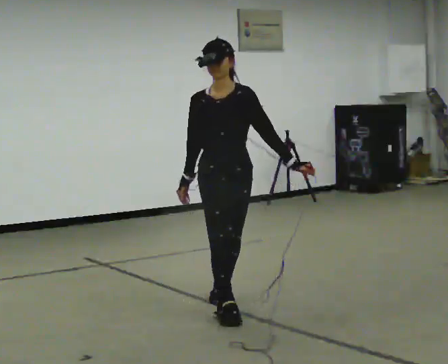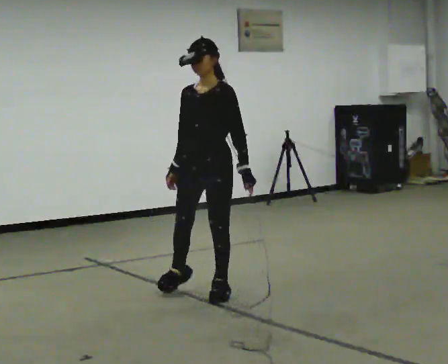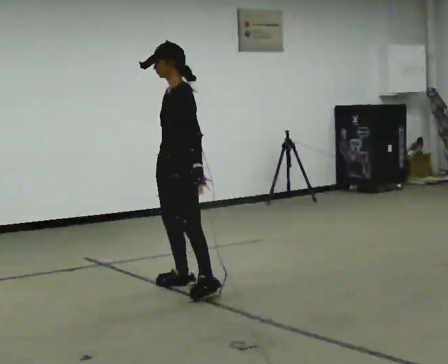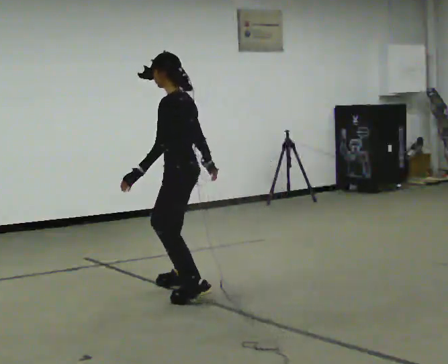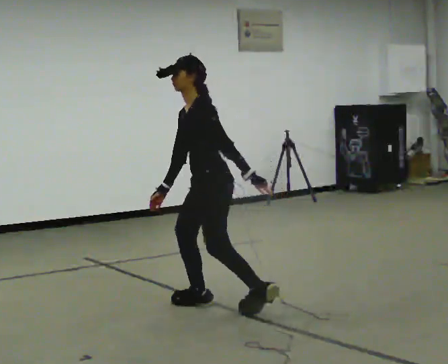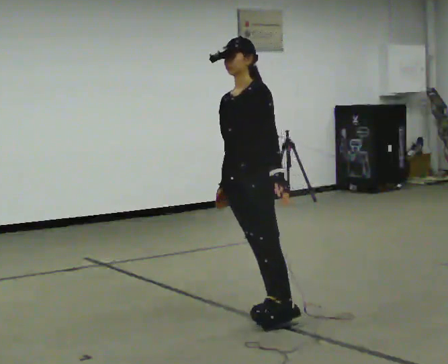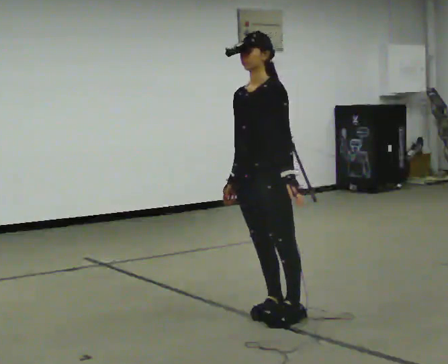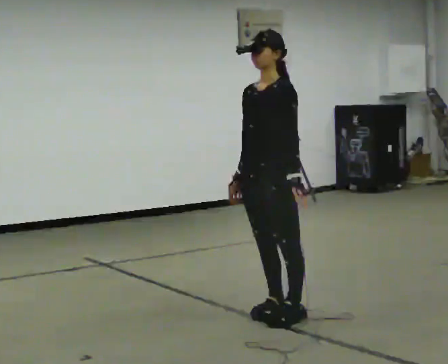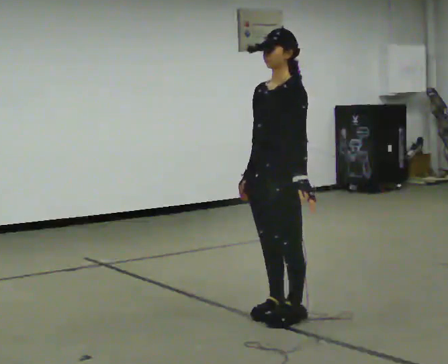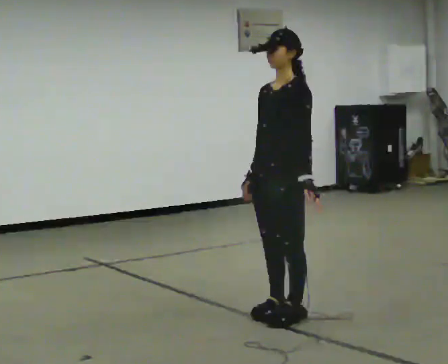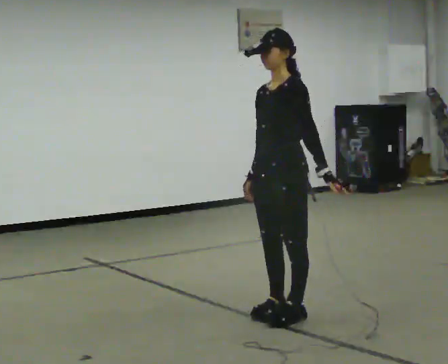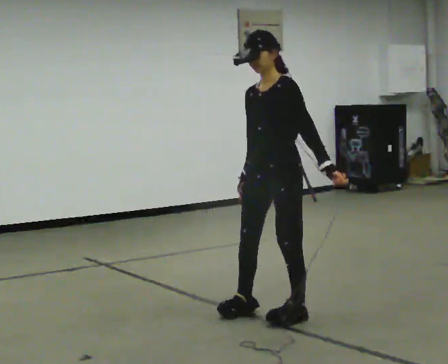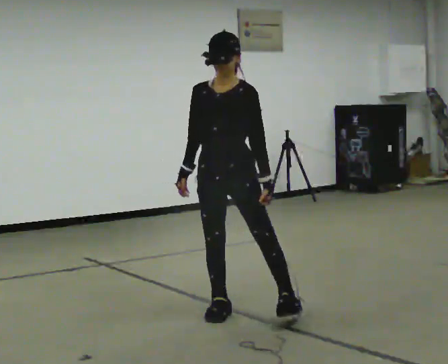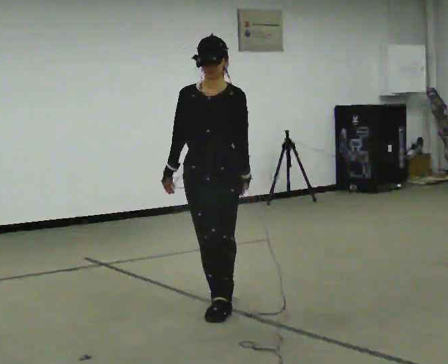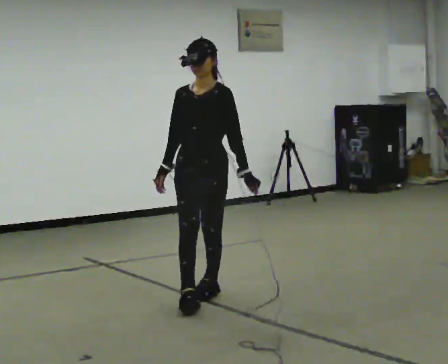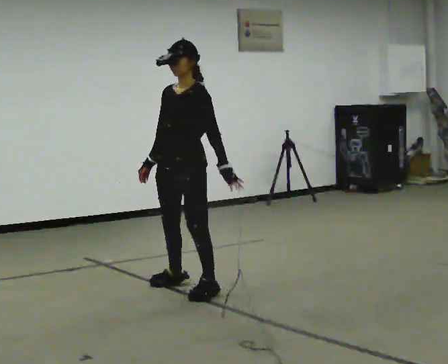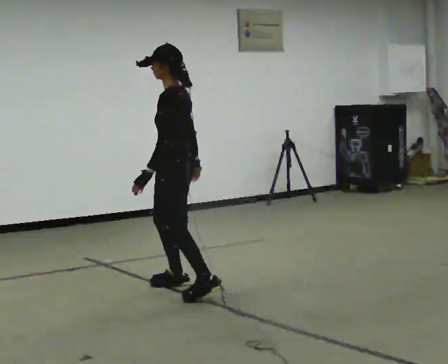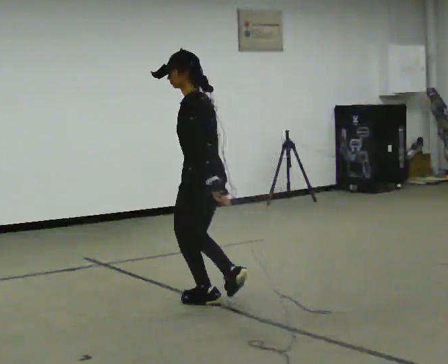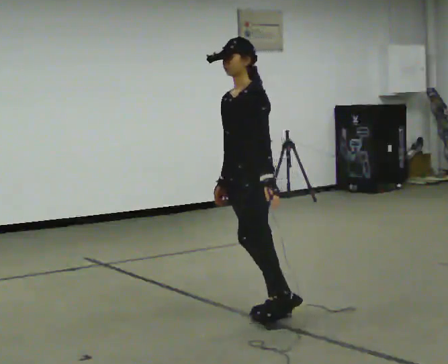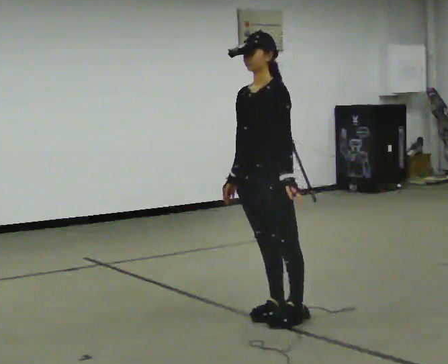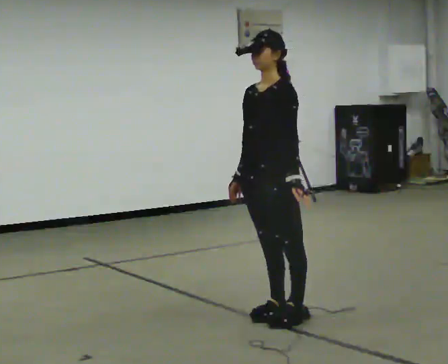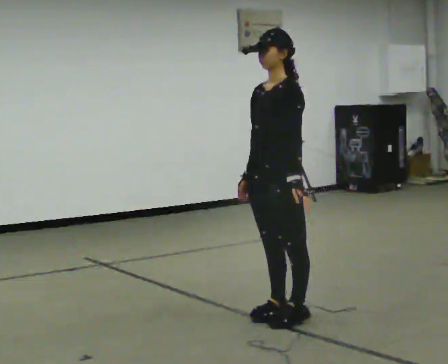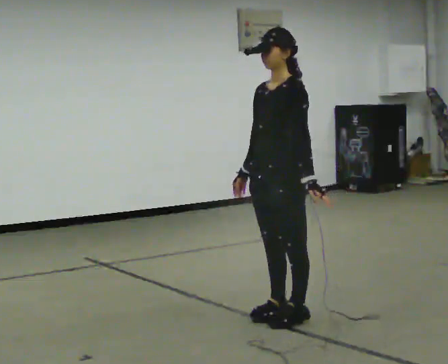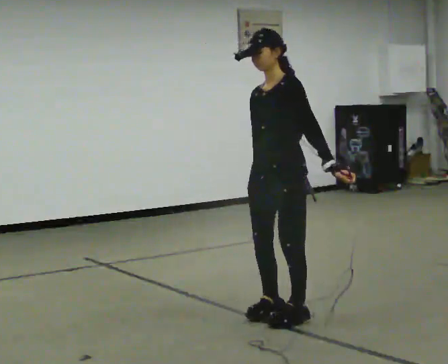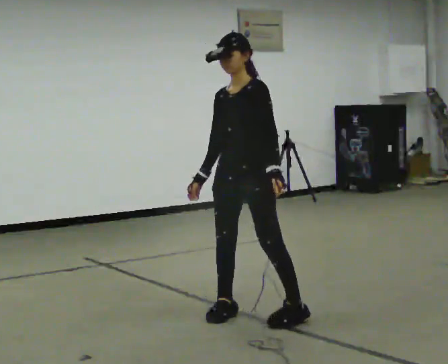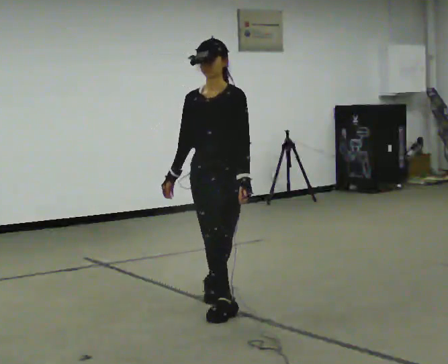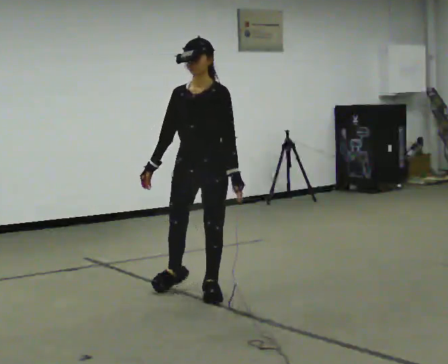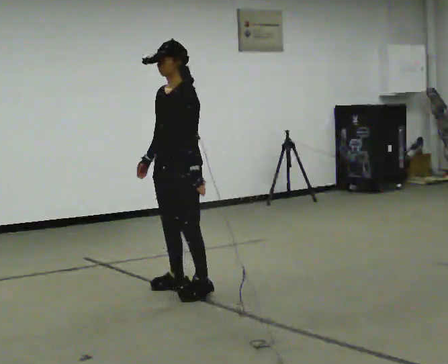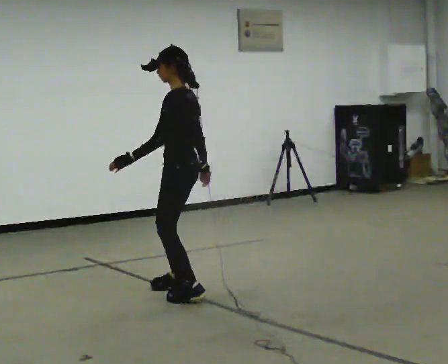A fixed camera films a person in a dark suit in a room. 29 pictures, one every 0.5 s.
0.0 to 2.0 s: The part of the body nearest the lens slides to the left as the person turns to their right by about 105 degrees. In the picture they go away from the camera, about 0.25 m in 3 steps. In the picture their left hand goes to the left.
2.0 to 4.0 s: The person turns about 45 degrees to their left, counterclockwise seen from above, so the part of the body nearest the lens slides to the right. In the picture they go toward the camera and to the right, about 0.5 m in 1 step, which for them is to their left. In the picture the upper body tilts clockwise, shoulders to the right, as they lean back or straighten.
4.0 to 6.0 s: The part of the body nearest the lens slides to the right as the person turns to their left by about 30 degrees. In the picture they go to the left, about 0.25 m in 2 steps, which for them is to their right and forward.
6.0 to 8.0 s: The person turns about 60 degrees to their right, clockwise seen from above, so the part of the body nearest the lens slides to the left. In the picture they go away from the camera and to the left, about 1 m in 2 steps.
8.0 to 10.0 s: The person turns about 30 degrees to their left, counterclockwise seen from above, so the part of the body nearest the lens slides to the right. In the picture they go toward the camera and to the right, about 1 m in 2 steps.
10.0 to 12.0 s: The person moves a little, or ends about where they began.
12.0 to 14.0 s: Seen from above the body turns clockwise, about 60 degrees: to their right, with its near side sliding to the left. In the picture they go away from the camera and to the left, about 1 m in 3 steps.
The film runs backward here.
